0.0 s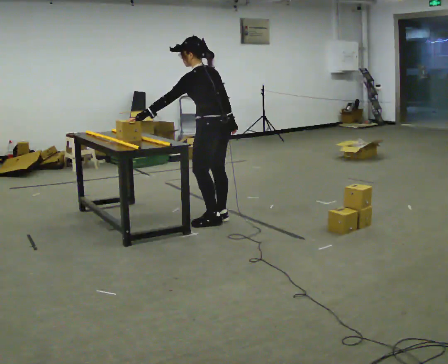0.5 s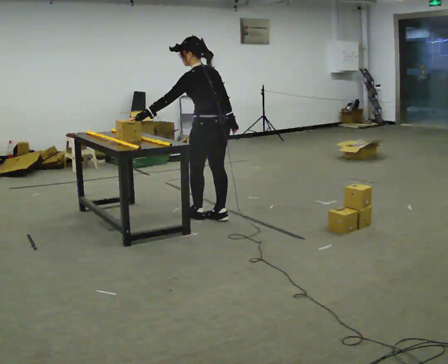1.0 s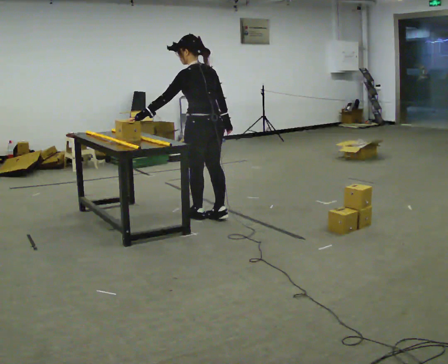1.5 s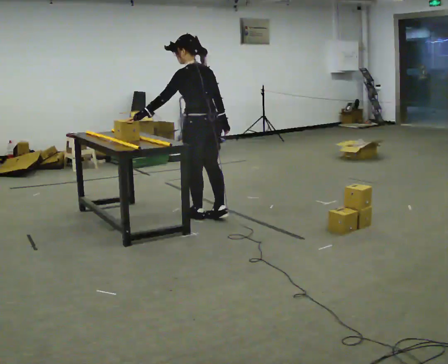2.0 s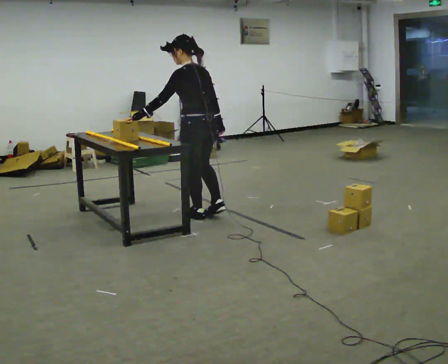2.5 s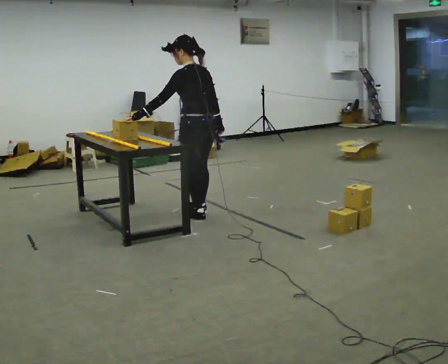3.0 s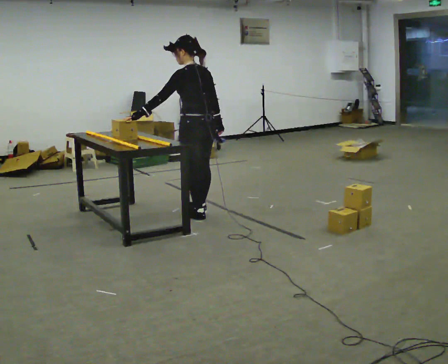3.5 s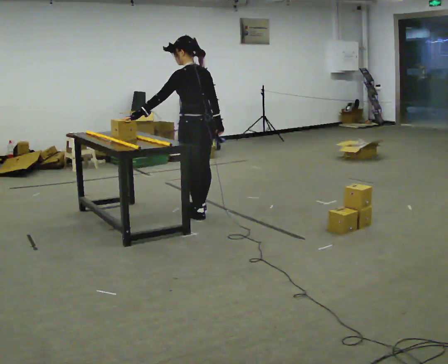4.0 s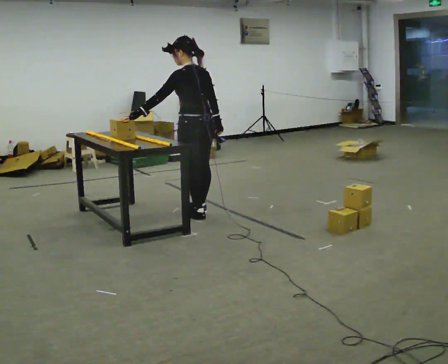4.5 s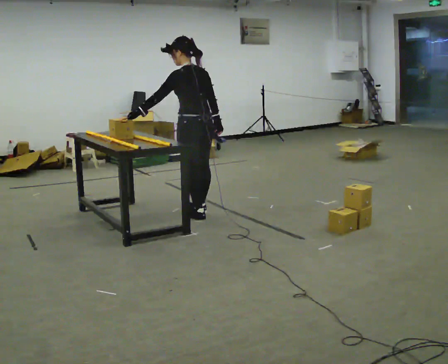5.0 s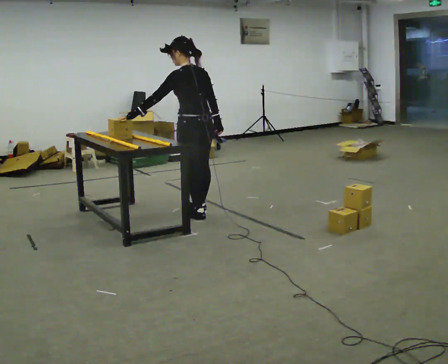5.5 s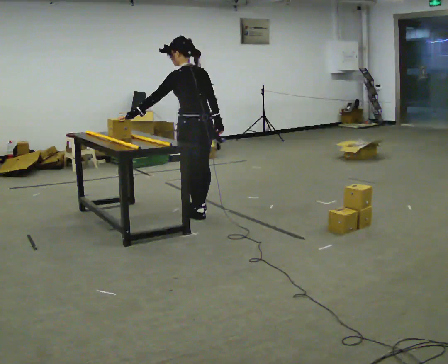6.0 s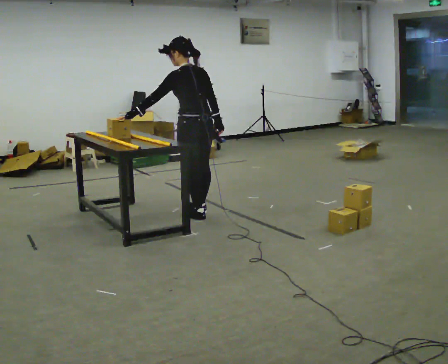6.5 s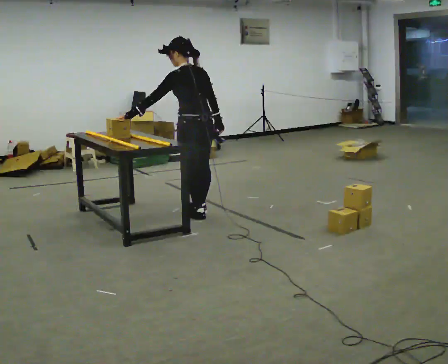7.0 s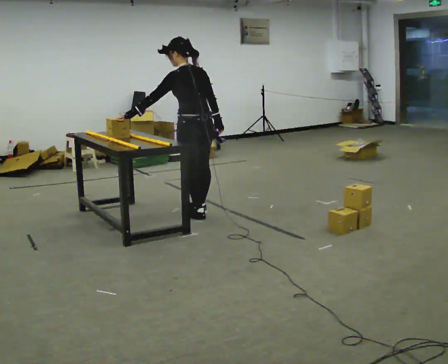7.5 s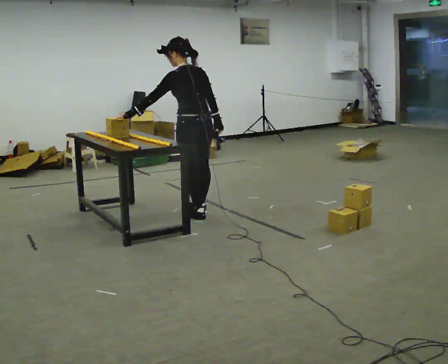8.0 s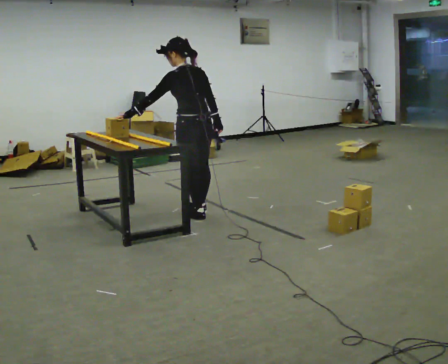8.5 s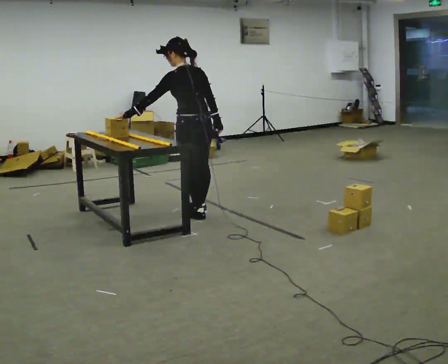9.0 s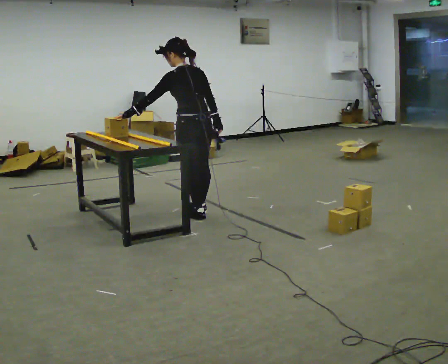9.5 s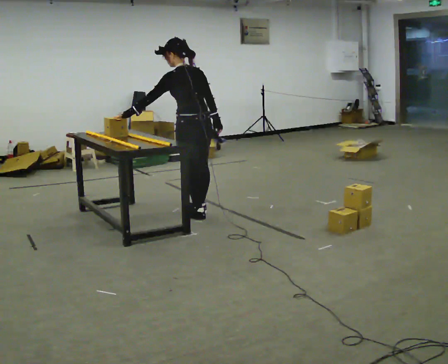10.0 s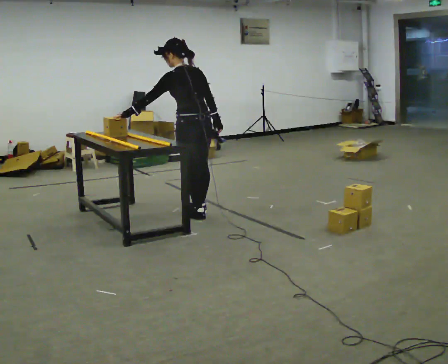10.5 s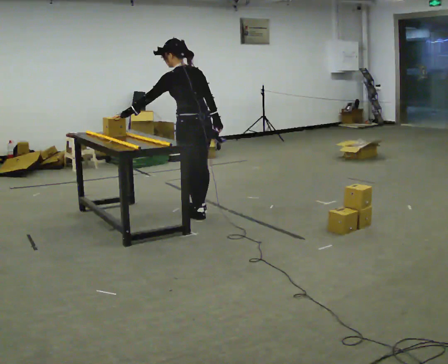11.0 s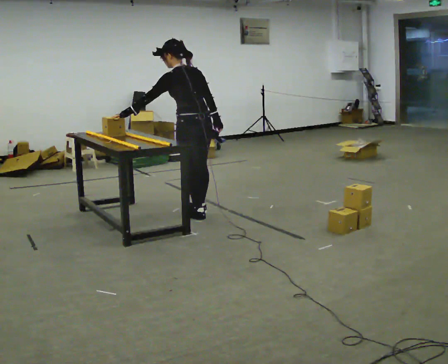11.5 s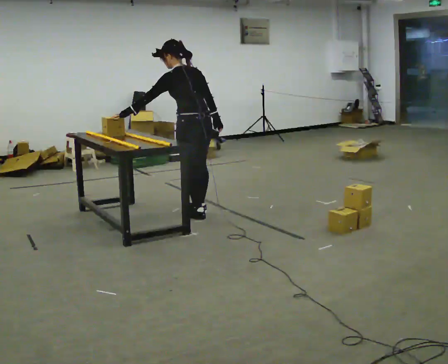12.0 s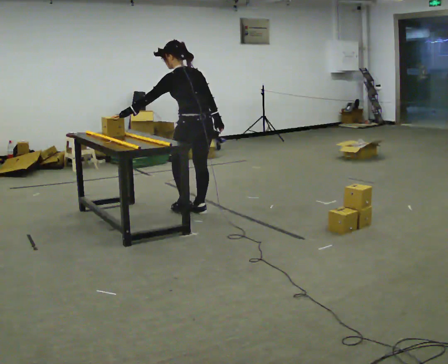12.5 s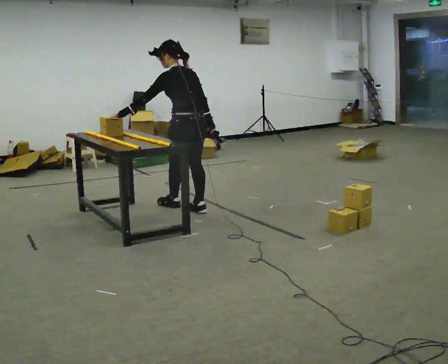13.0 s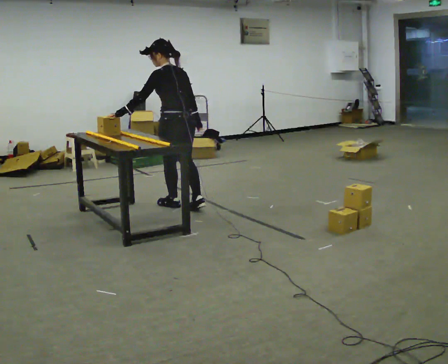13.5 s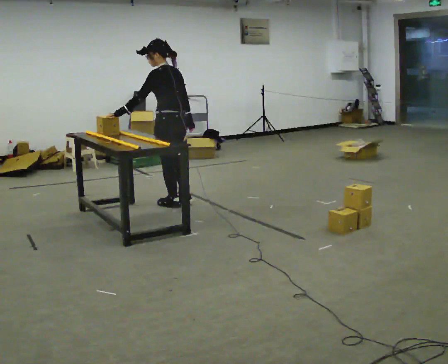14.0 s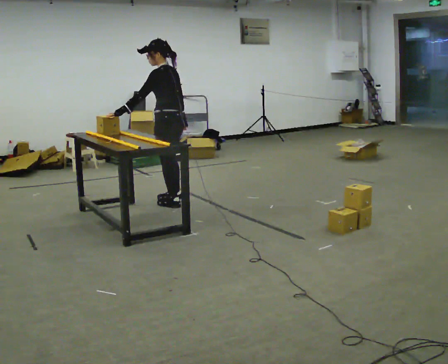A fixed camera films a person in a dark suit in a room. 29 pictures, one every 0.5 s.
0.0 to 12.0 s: In the picture they go away from the camera and to the left, about 0.25 m in 2 steps, which for them is forward.
12.0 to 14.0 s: Seen from above the body turns counterclockwise, about 30 degrees: to their left, with its near side sliding to the right. In the picture they go away from the camera and to the left, about 0.5 m in 2 steps, which for them is forward.
The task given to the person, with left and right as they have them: Carry the object across the room and slide it into the slot on the shelf. It is a close fit, so take the time you need. Keep going until the operator says stop; one object at a time, and do not rush between trips.
The film runs forward here.
